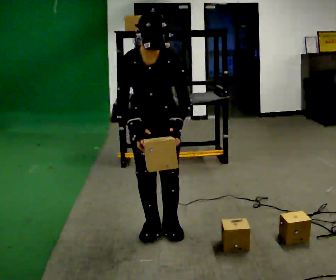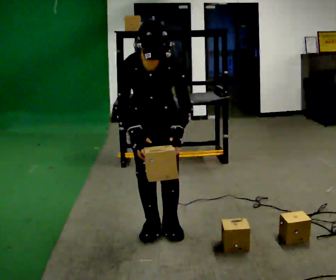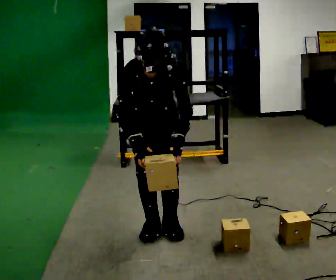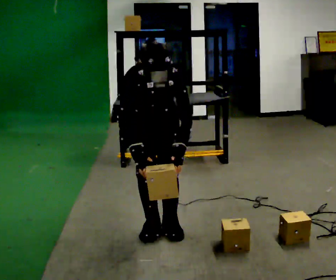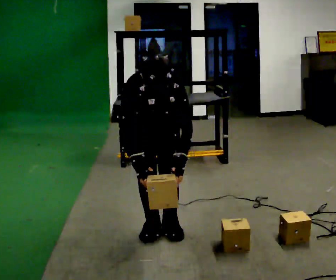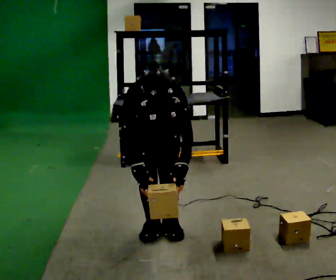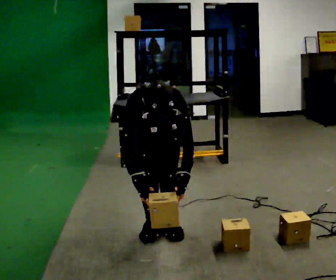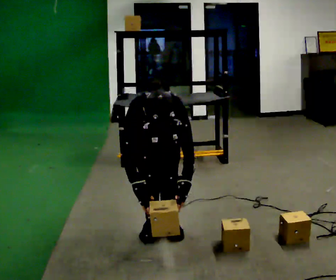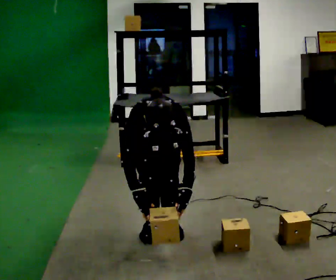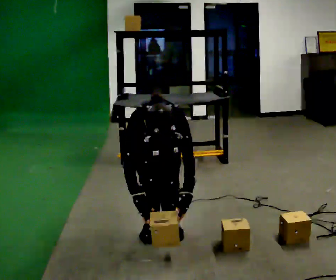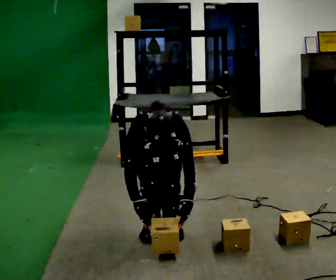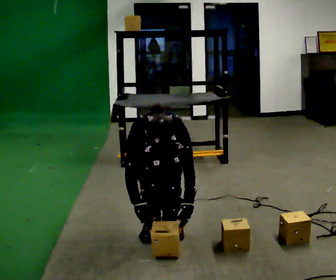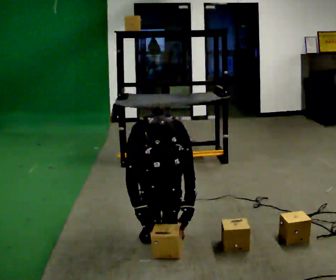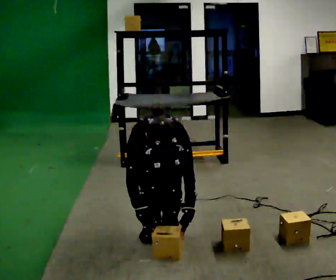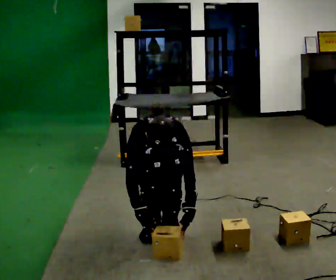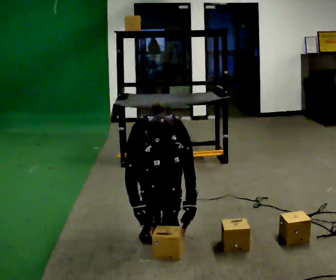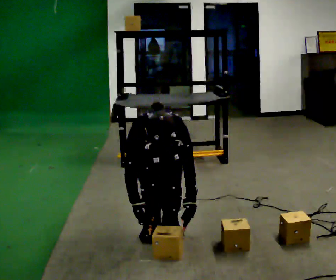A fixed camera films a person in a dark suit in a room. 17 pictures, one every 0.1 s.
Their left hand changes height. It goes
downward.
The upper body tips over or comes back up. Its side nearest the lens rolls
downward.
0.0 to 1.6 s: The shoulders move downward. The upper body tips toward the camera, its near side rolling downward, as they bend forward. In the picture their right hand goes downward.
The film runs backward here.
